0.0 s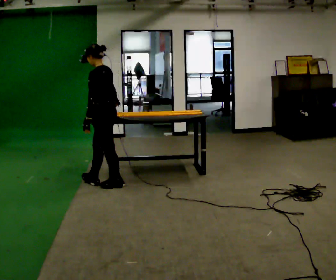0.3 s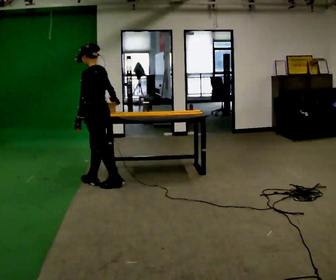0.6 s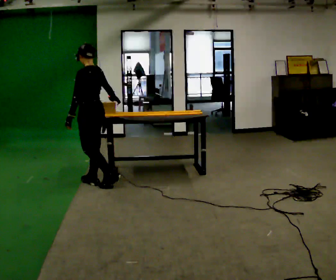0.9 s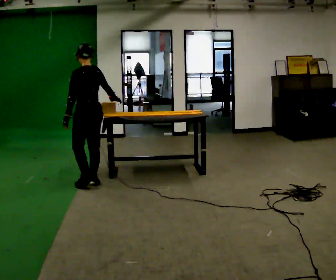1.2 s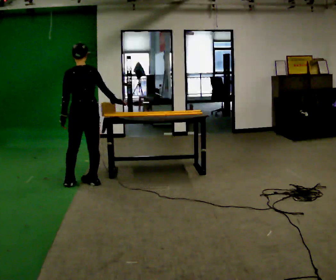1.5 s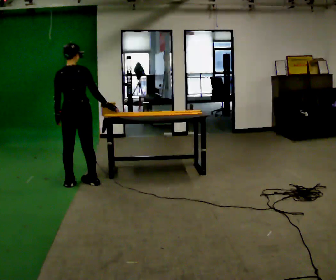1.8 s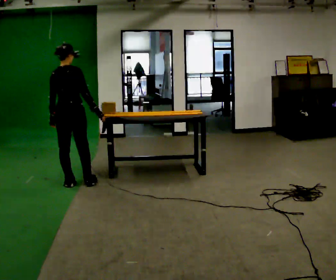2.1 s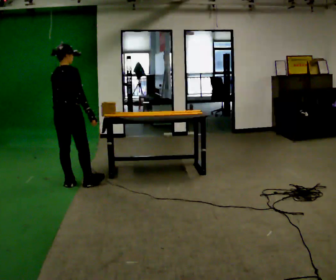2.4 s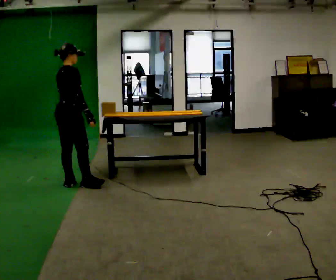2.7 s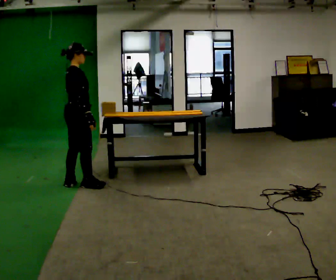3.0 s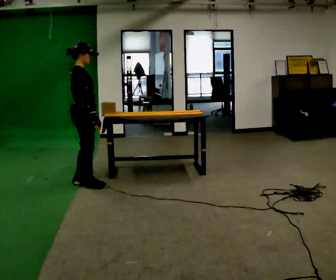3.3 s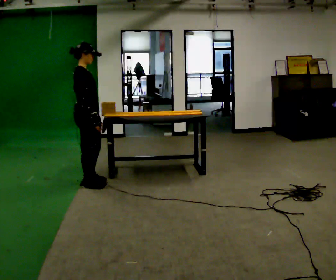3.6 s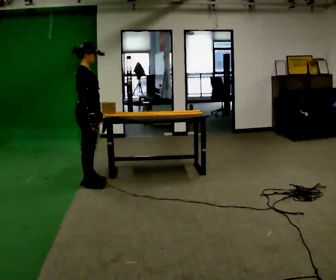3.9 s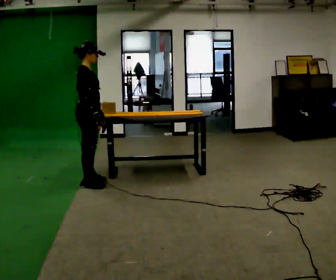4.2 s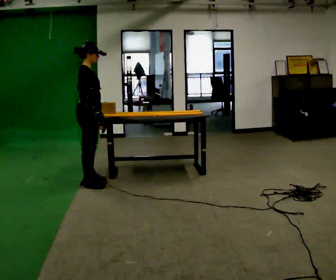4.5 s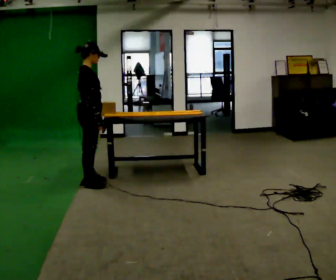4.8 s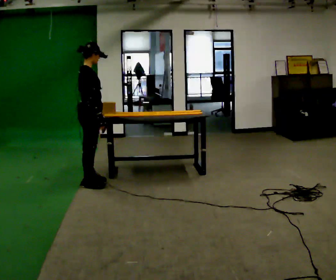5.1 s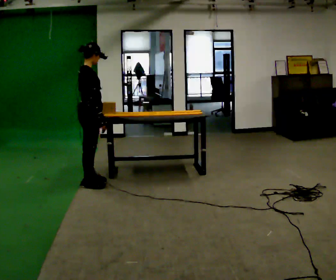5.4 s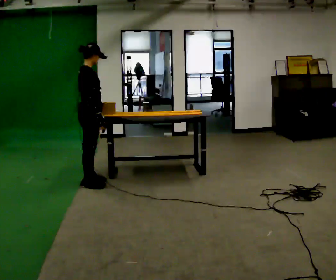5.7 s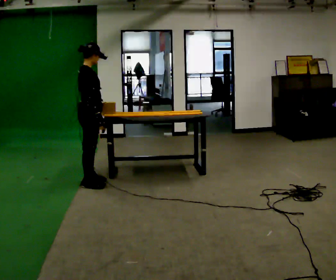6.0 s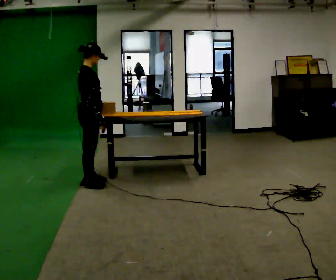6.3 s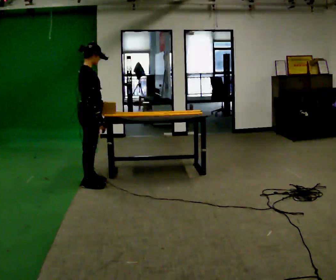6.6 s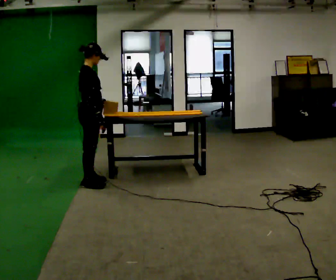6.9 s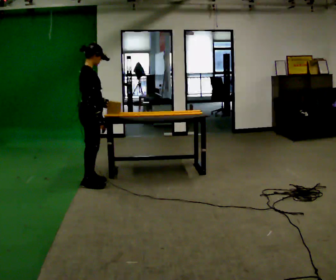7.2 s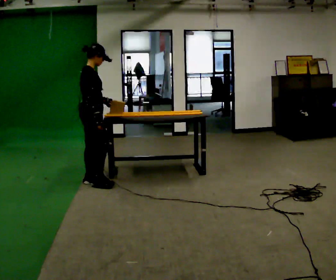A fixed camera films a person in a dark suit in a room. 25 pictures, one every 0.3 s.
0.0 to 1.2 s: Seen from above the body turns clockwise, about 45 degrees: to their right, with its near side sliding to the left. In the picture they go to the left, about 0.25 m in 1 step, which for them is forward.
1.2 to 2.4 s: Seen from above the body turns clockwise, about 75 degrees: to their right, with its near side sliding to the left. In the picture they go to the left, about 0.25 m. In the picture their right hand goes to the left.
2.4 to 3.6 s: The part of the body nearest the lens slides to the left as the person turns to their right by about 30 degrees. In the picture they go to the right, about 0.25 m in 1 step, which for them is forward.
3.6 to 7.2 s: The person moves a little, or ends about where they began.
The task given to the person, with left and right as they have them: Carry the object across the room and slide it into the slot on the shelf. It is a close fit, so take the time you need. Keep going until the operator says stop; one object at a time, and do not rush between trips.
The film runs forward here.
